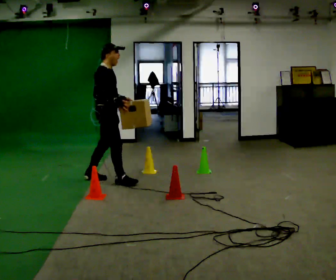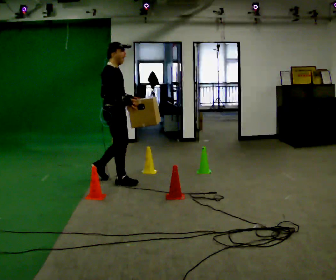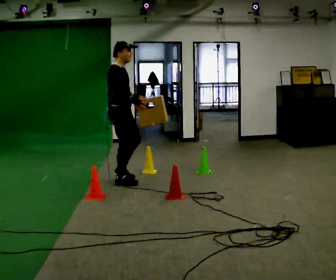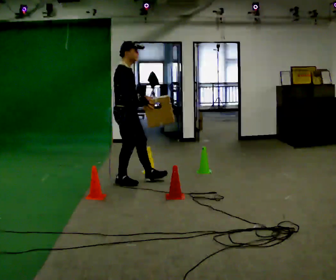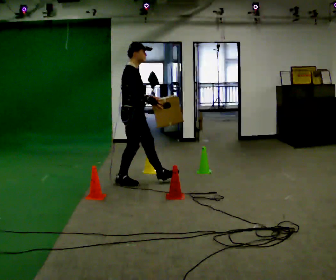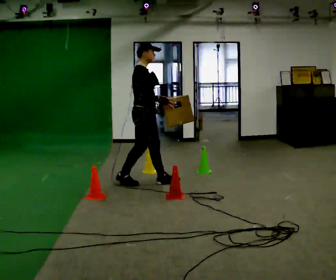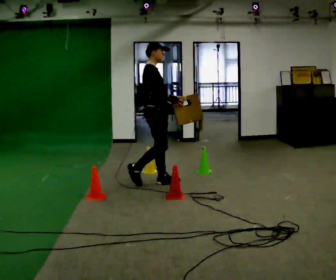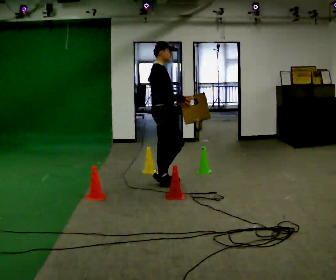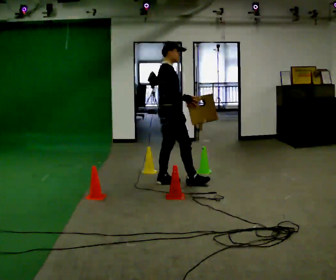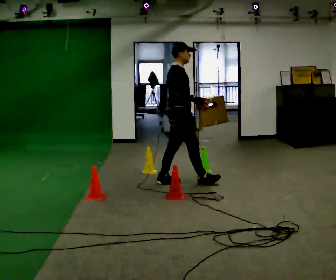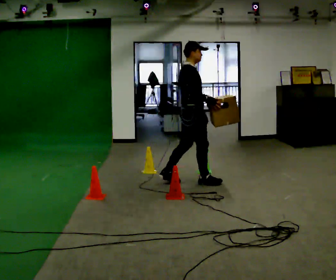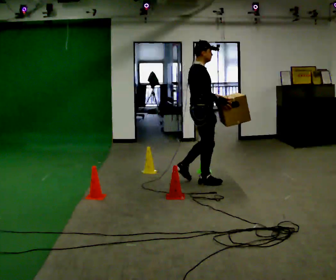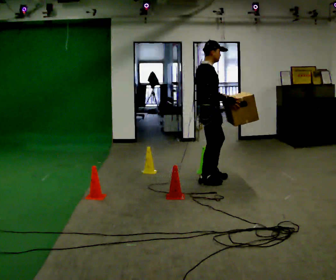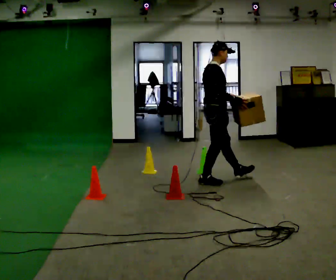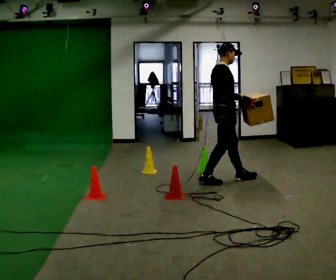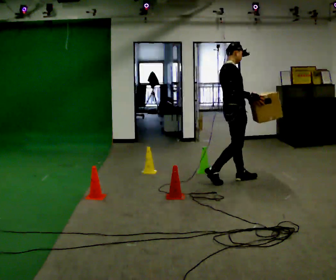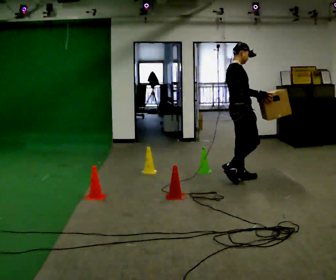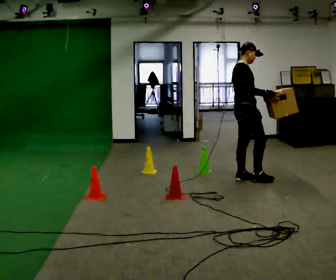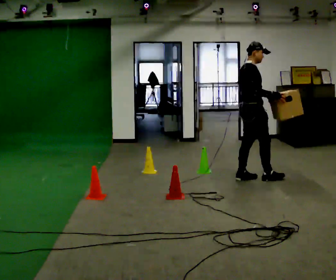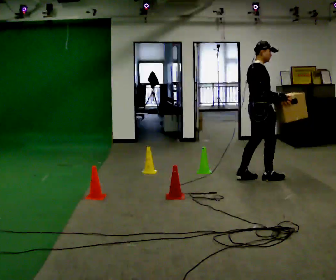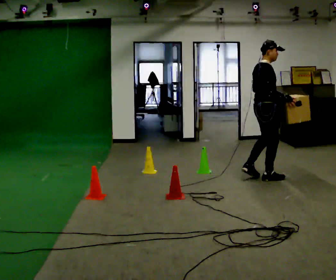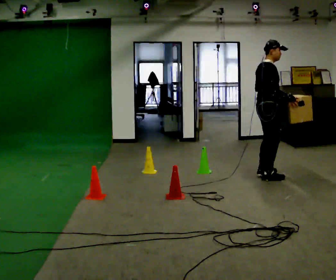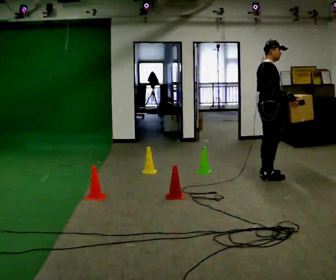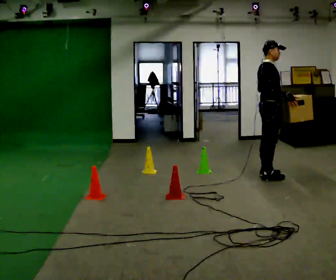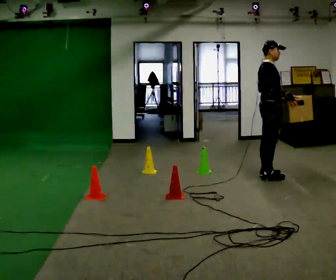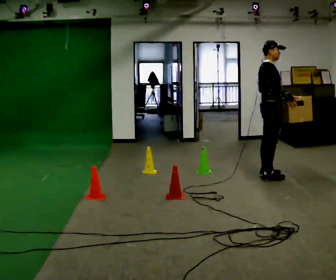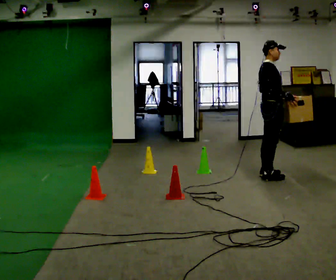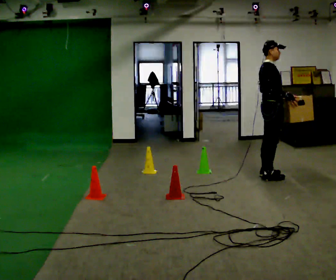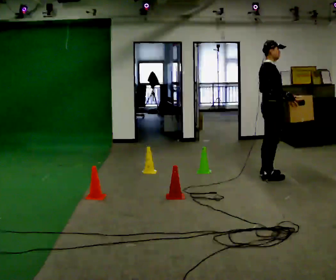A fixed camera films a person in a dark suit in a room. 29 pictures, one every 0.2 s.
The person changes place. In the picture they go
to the right.
0.0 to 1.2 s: In the picture they go to the right, about 0.5 m in 1 step, which for them is forward.
1.2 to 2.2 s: In the picture they go to the right, about 0.5 m in 1 step, which for them is forward.
2.2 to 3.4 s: In the picture they go to the right and away from the camera, about 0.5 m in 1 step, which for them is forward.
3.4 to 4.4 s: In the picture they go to the right, about 0.25 m in 2 steps, which for them is forward.
4.4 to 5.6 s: The person moves a little, or ends about where they began.
The film runs forward here.
